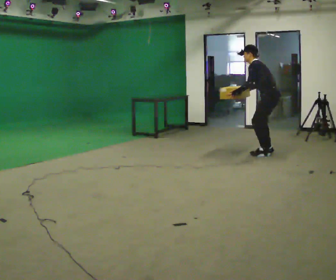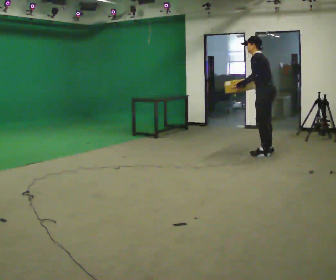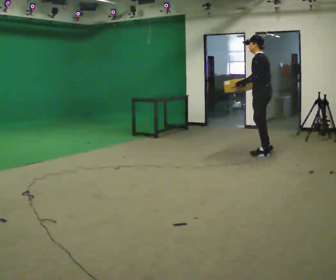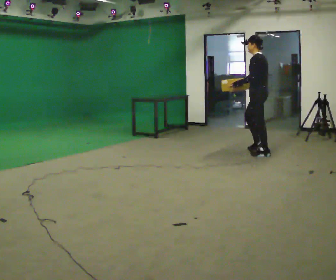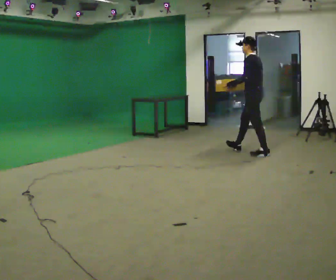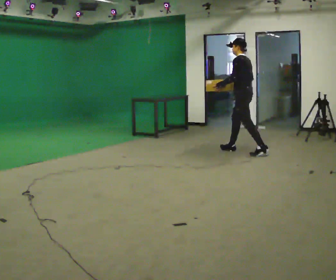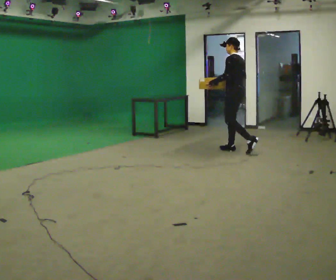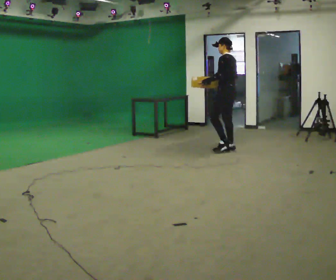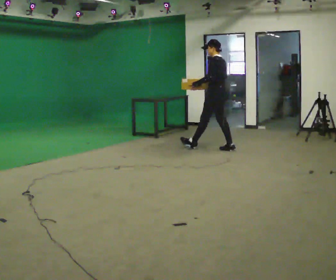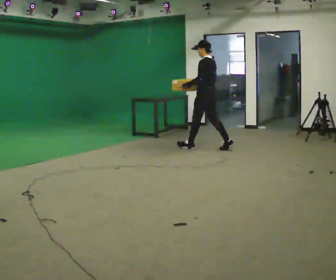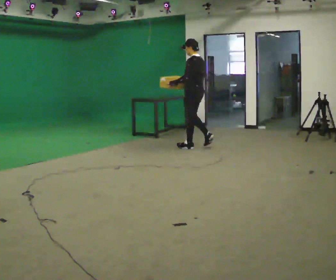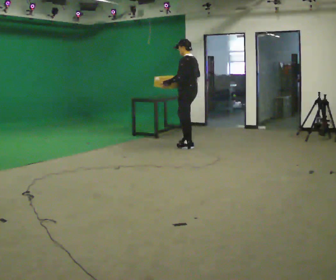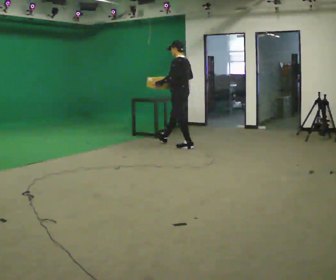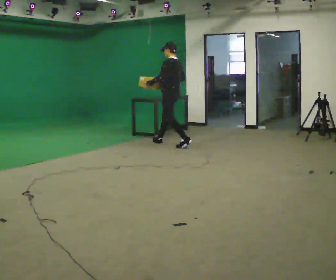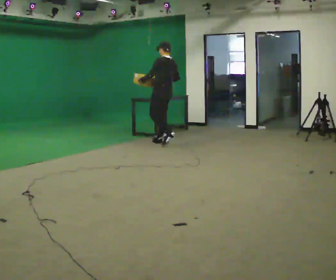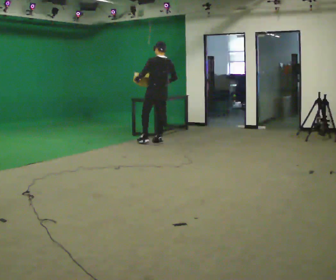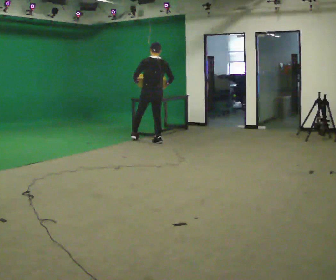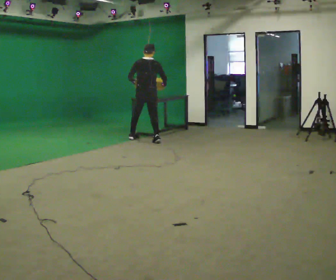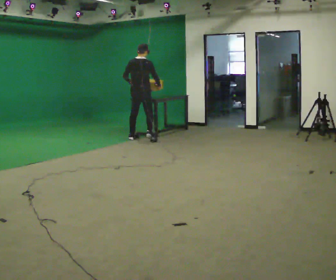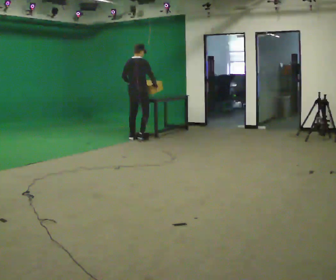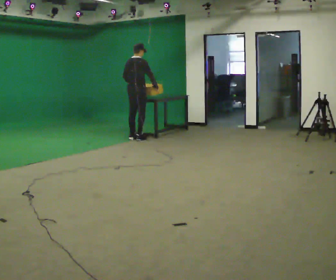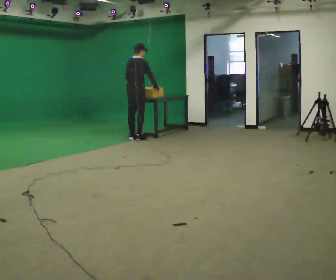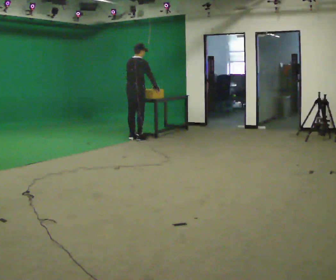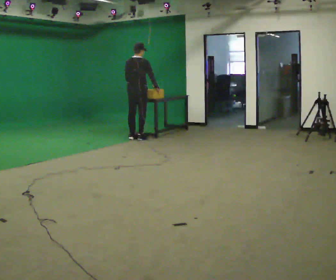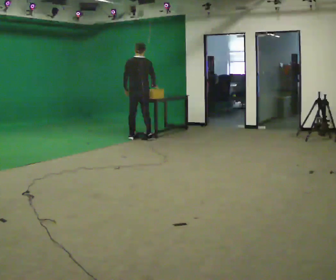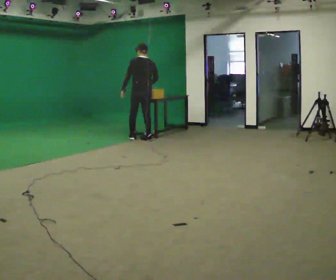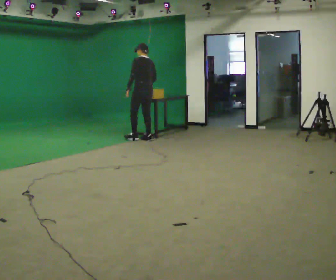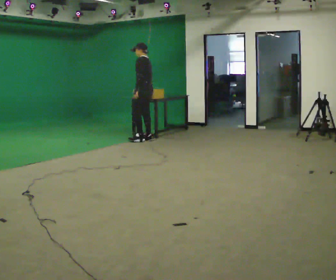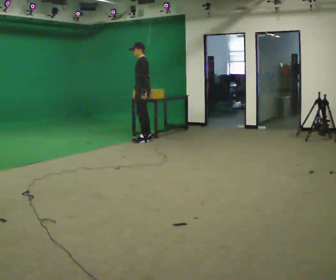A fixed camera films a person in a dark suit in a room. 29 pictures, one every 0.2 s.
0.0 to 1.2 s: In the picture they go to the left and away from the camera, about 0.5 m in 1 step, which for them is forward. In the picture the upper body tilts clockwise, shoulders to the right, as they lean back or straighten.
1.2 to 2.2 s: In the picture they go to the left and away from the camera, about 1 m in 1 step, which for them is forward.
2.2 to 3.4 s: Seen from above the body turns clockwise, about 75 degrees: to their right, with its near side sliding to the left. In the picture they go to the left and away from the camera, about 1 m in 2 steps.
3.4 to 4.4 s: The part of the body nearest the lens slides to the left as the person turns to their right by about 30 degrees. In the picture they go to the left, about 0.25 m in 1 step, which for them is to their left.
4.4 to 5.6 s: Seen from above the body turns counterclockwise, about 120 degrees: to their left, with its near side sliding to the right. In the picture their left hand goes to the right.
The film runs forward here.
